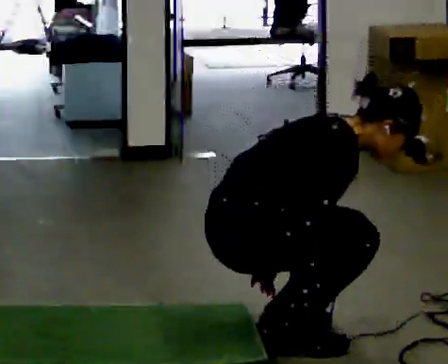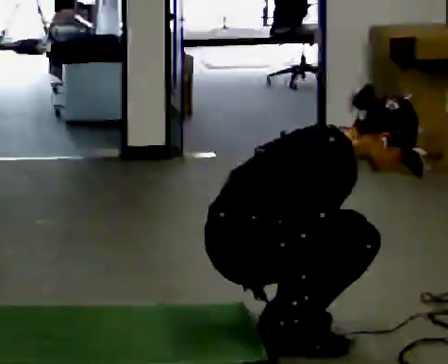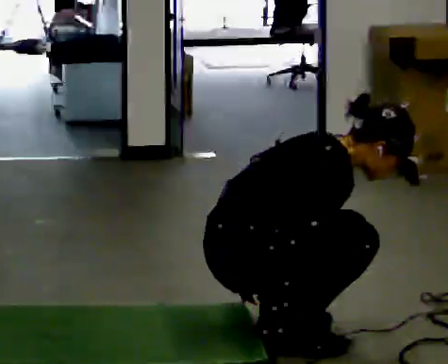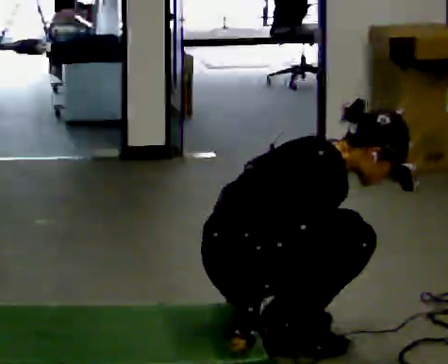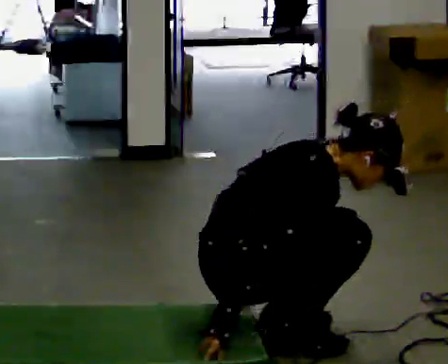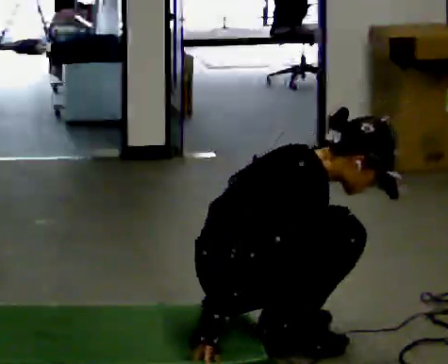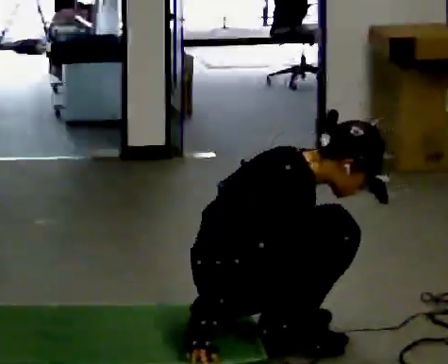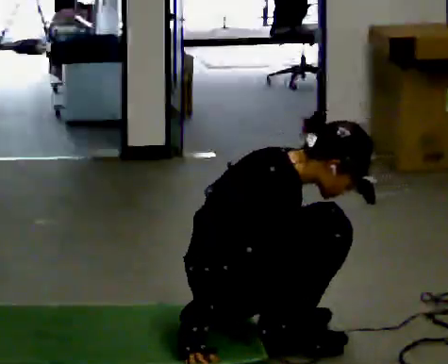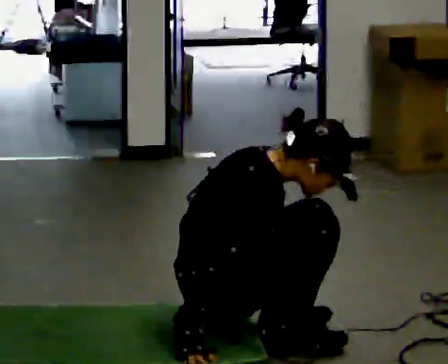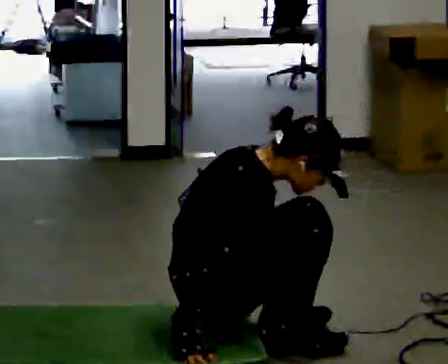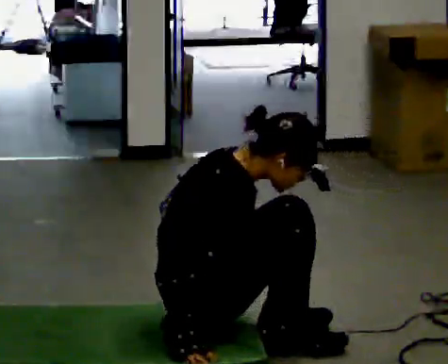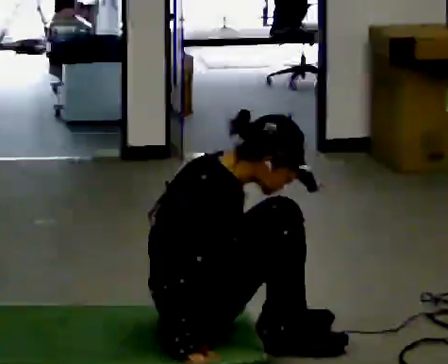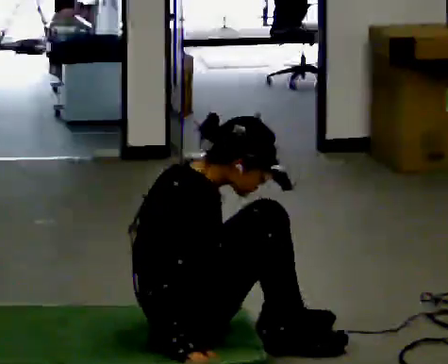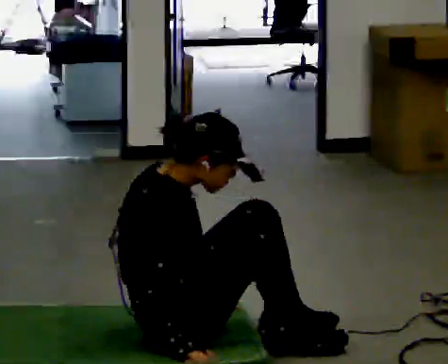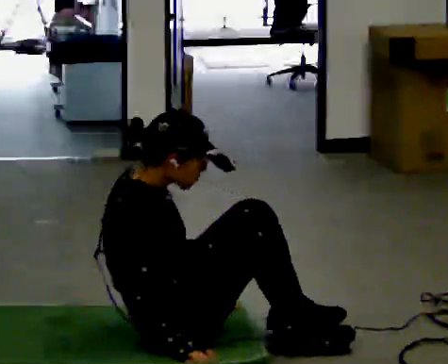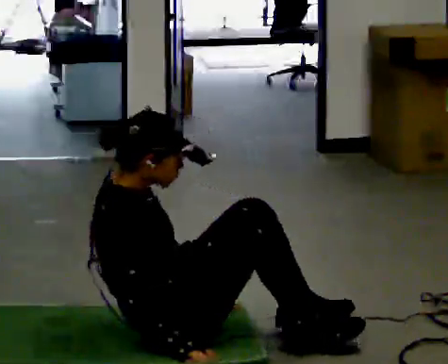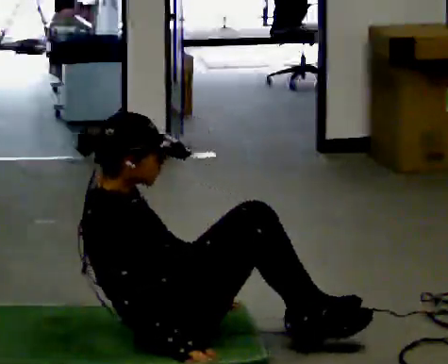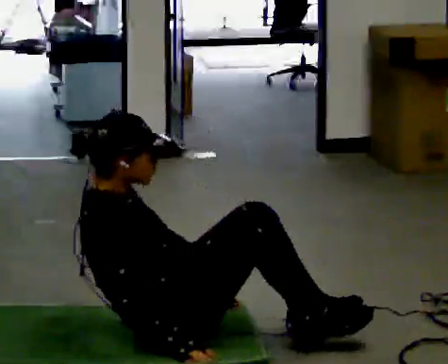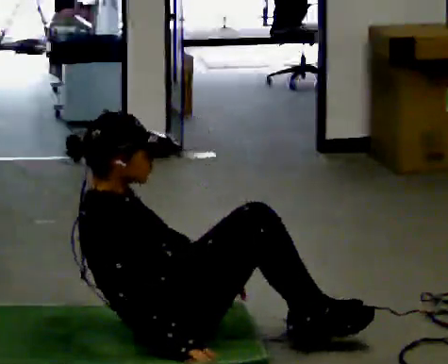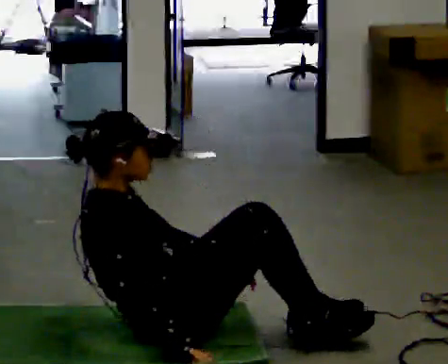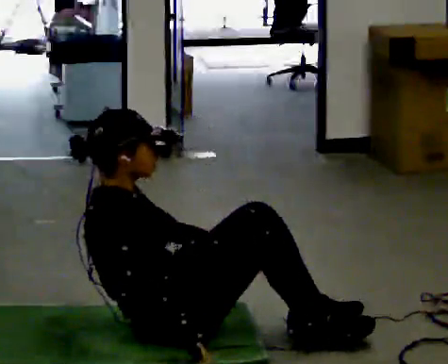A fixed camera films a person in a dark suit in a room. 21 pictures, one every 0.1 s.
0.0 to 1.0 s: In the picture they go to the left, about 0.25 m, which for them is backward. In the picture the upper body tilts counterclockwise, shoulders to the left, as they lean back or straighten.
1.0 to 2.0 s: In the picture the upper body tilts counterclockwise, shoulders to the left, as they lean back or straighten.
The film runs forward here.
